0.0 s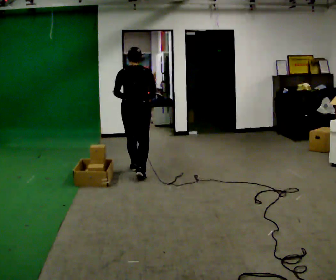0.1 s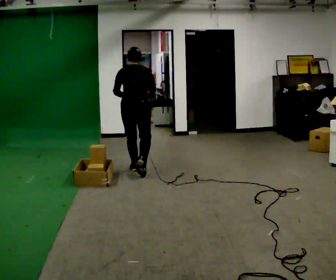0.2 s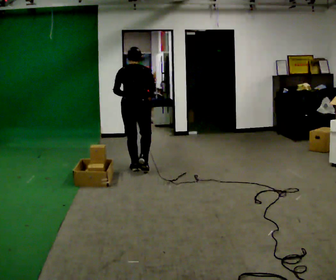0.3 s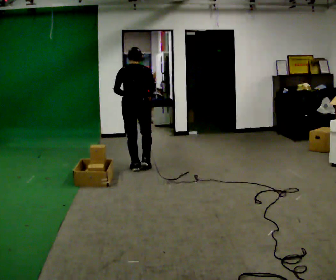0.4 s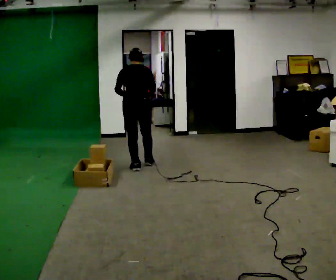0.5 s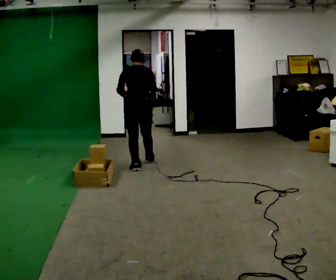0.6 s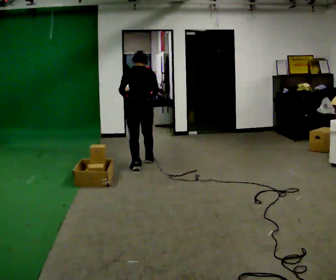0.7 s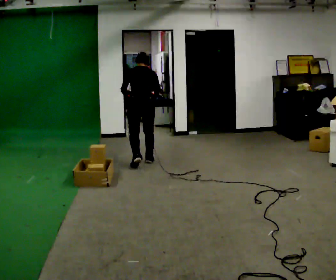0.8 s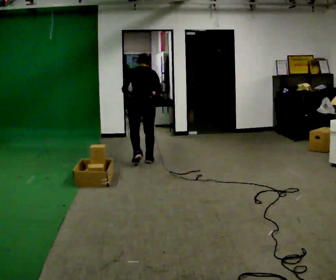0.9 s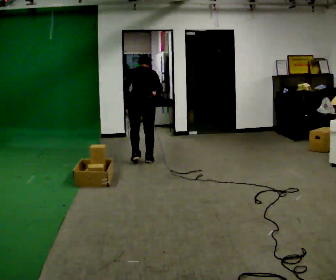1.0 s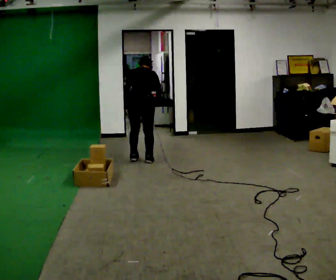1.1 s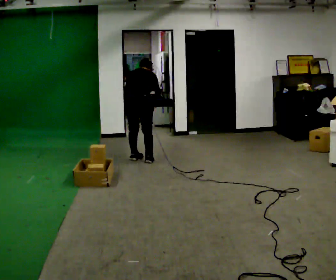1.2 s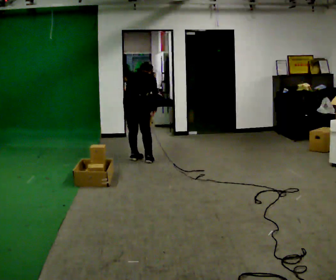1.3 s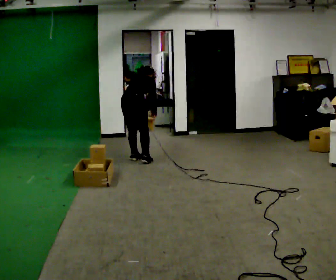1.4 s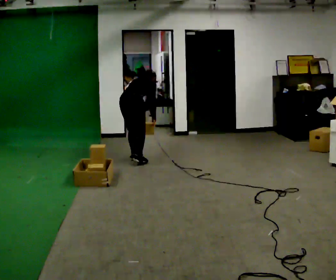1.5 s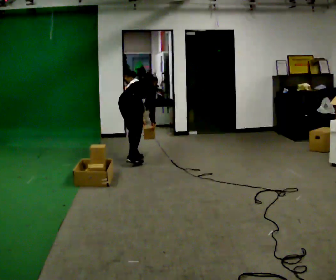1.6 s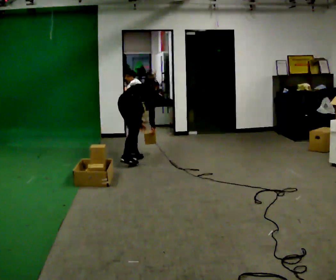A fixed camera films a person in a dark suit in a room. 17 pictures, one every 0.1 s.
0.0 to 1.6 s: Seen from above the body turns clockwise, about 30 degrees: to their right, with its near side sliding to the left. In the picture they go away from the camera, about 0.75 m in 2 steps, which for them is forward. The upper body goes downward. The upper body tips away from the camera, its near side rolling upward, as they bend forward. In the picture their right hand goes downward.
The film runs forward here.
